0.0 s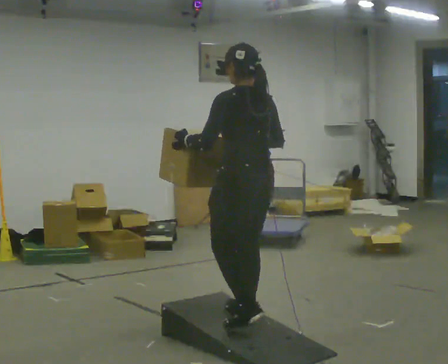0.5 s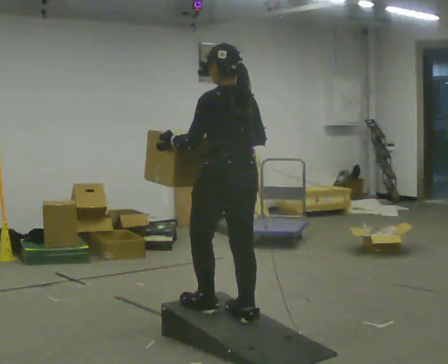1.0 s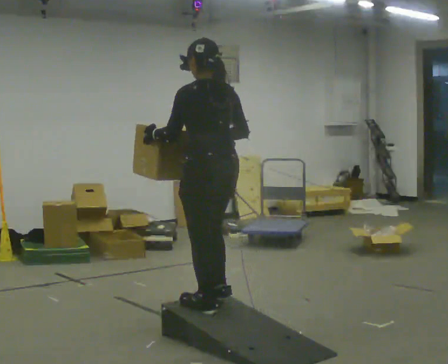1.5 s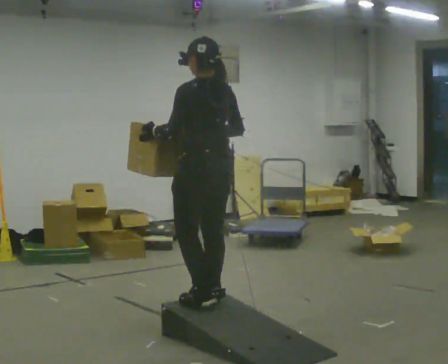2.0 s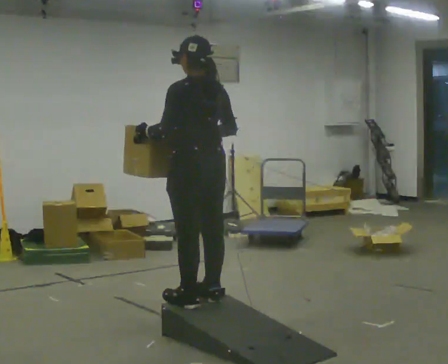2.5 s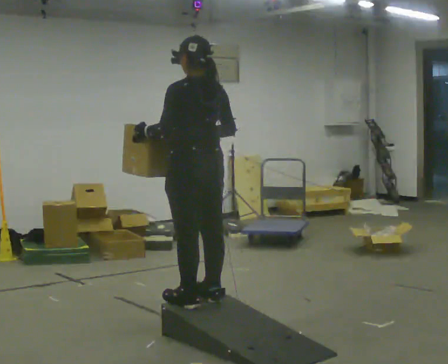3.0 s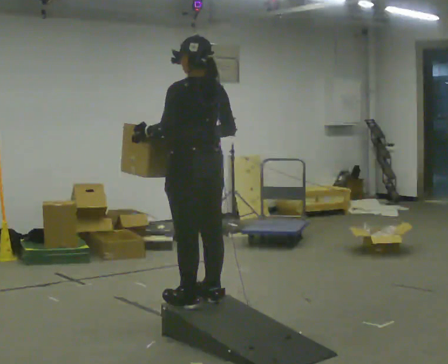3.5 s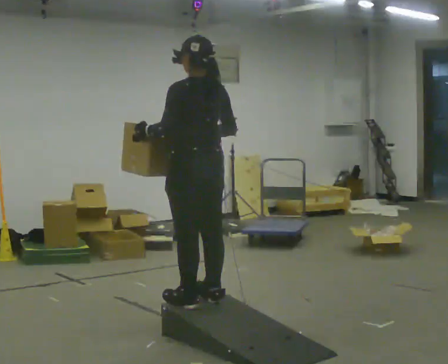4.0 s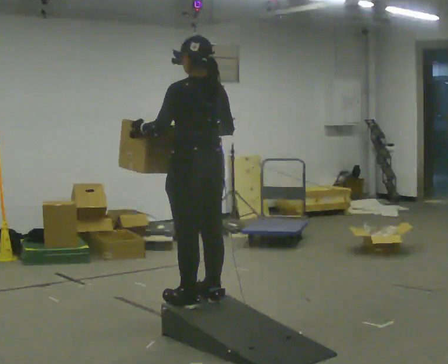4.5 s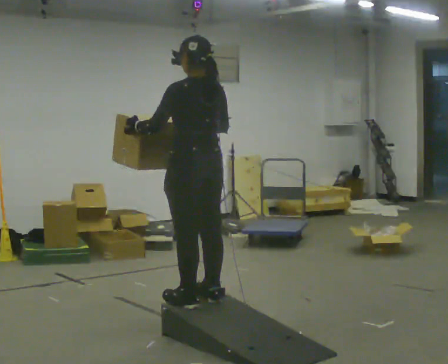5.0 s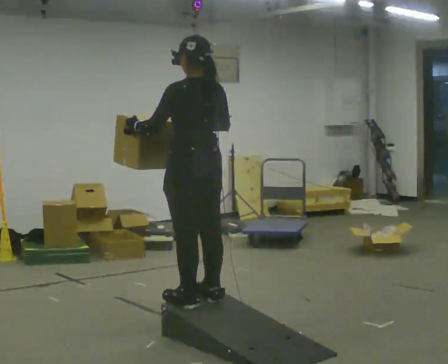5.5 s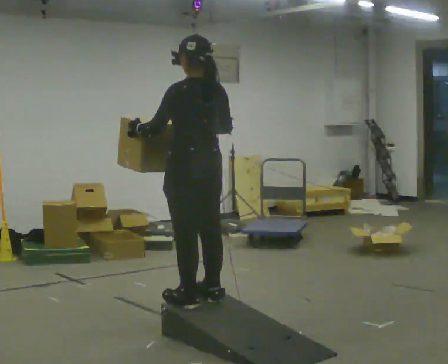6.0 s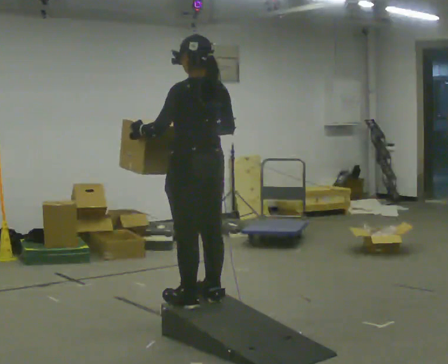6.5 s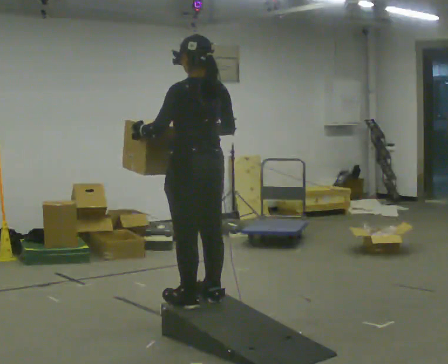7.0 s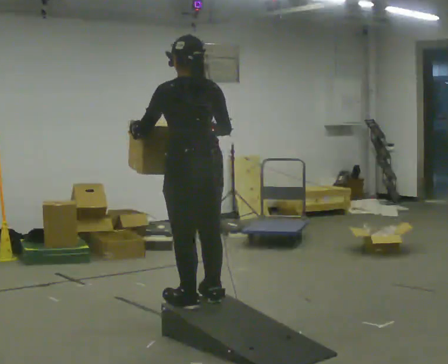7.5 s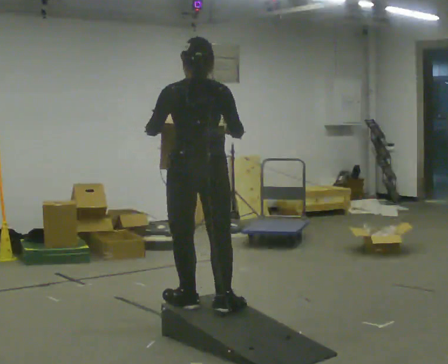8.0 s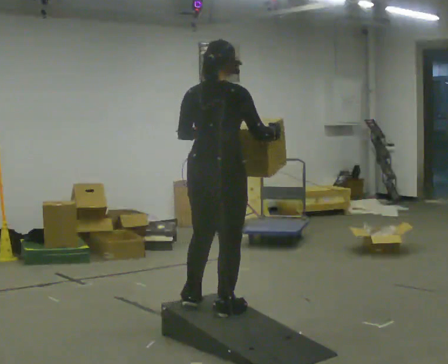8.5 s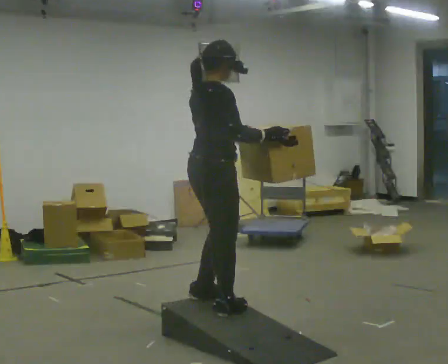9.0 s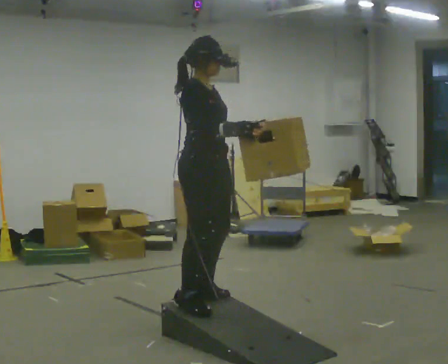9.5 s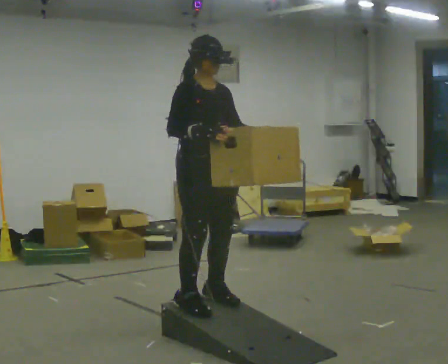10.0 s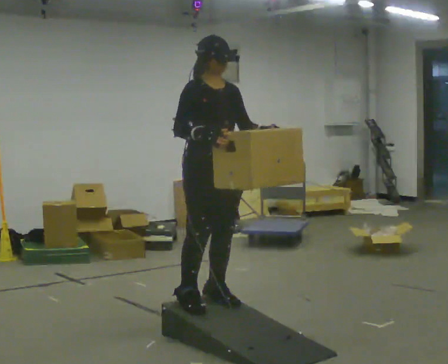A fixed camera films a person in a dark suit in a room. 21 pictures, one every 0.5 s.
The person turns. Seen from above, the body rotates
clockwise.
The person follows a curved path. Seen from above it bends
clockwise.
0.0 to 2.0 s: In the picture they go to the left and away from the camera, about 0.25 m in 2 steps, which for them is forward.
2.0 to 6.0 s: The person moves a little, or ends about where they began.
6.0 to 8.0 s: The person turns about 75 degrees to their right, clockwise seen from above, so the part of the body nearest the lens slides to the left. In the picture their left hand goes to the right.
8.0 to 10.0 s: The person turns about 105 degrees to their right, clockwise seen from above, so the part of the body nearest the lens slides to the left. In the picture their right hand goes to the left.
The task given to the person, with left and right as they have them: Carry the box up the ramp, turn at the top, and carry it back down. Keep going until the operator says stop; one object at a time, and do not rush between trips.
The film runs forward here.
